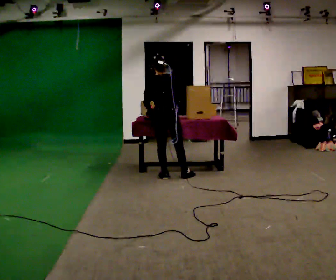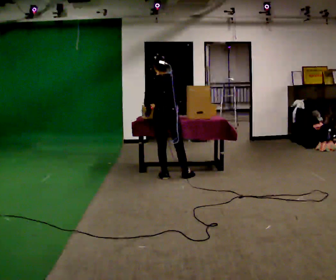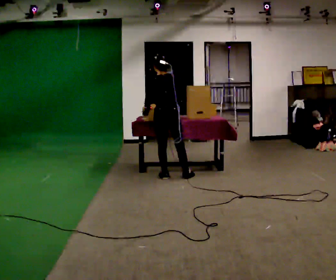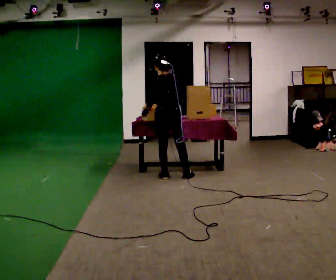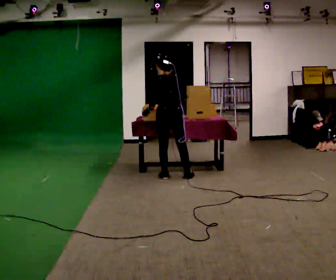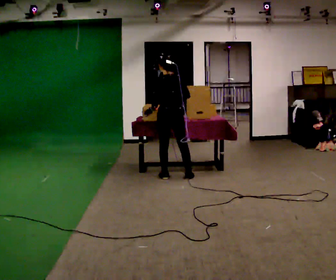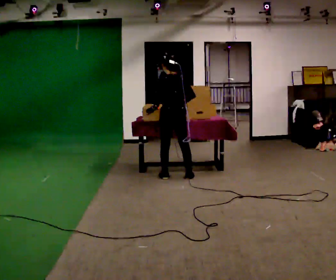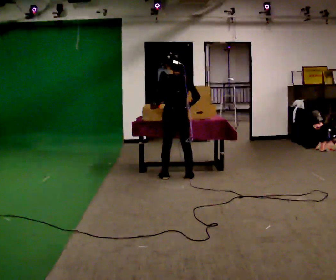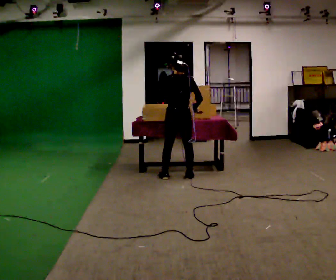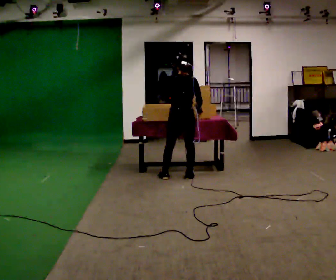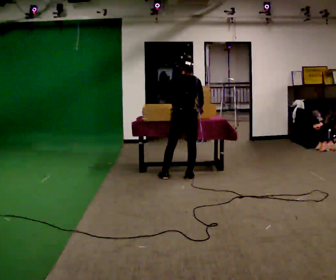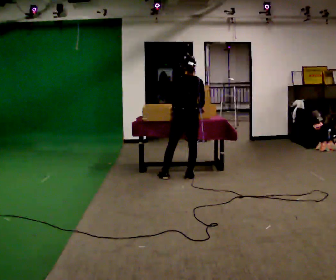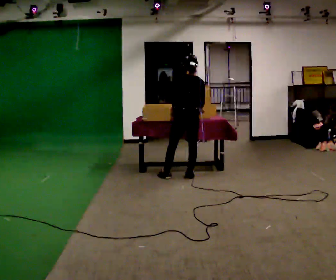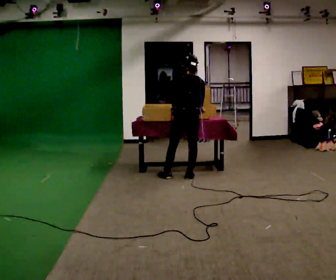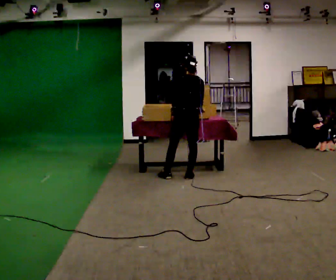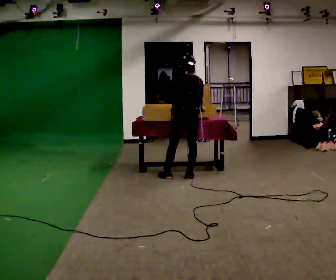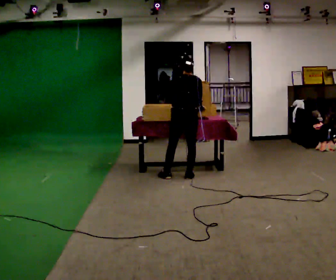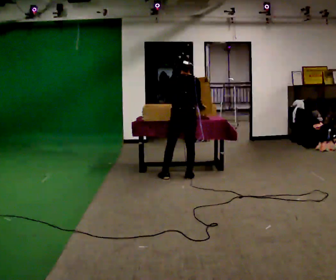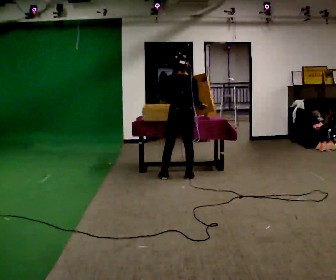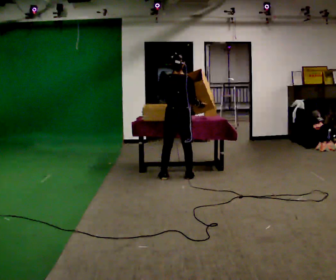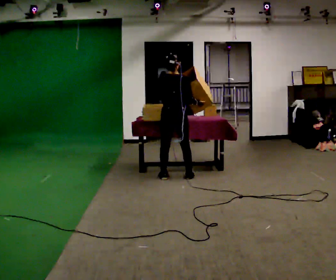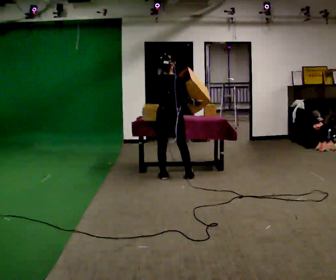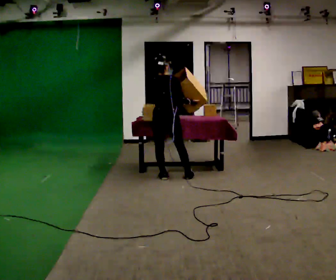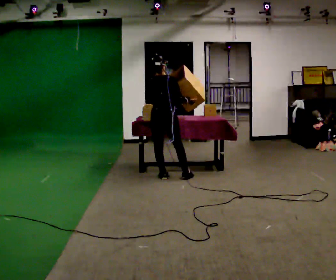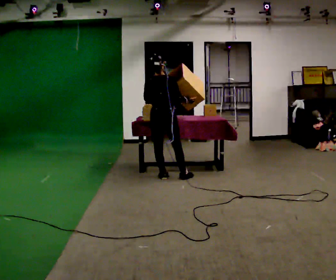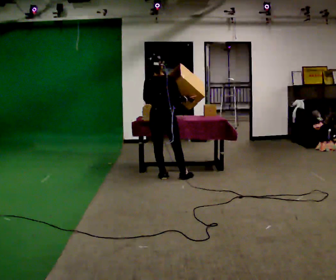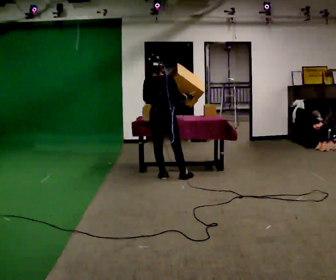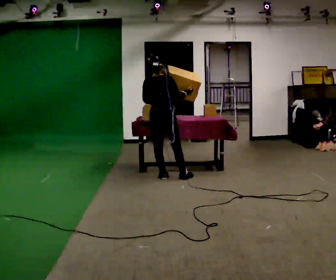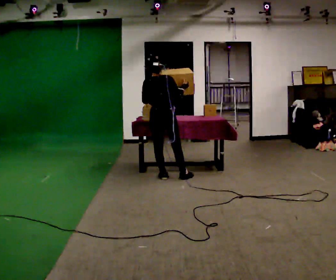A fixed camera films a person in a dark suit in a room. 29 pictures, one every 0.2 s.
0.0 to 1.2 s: The part of the body nearest the lens slides to the right as the person turns to their left by about 30 degrees.
1.2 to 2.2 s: In the picture they go to the right, about 0.25 m, which for them is to their right. In the picture their left hand goes to the right.
2.2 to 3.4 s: The person moves a little, or ends about where they began.
3.4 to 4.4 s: In the picture they go to the left, about 0.25 m, which for them is to their left.
4.4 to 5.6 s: The person moves a little, or ends about where they began.
The film runs backward here.
